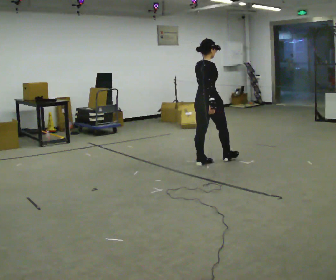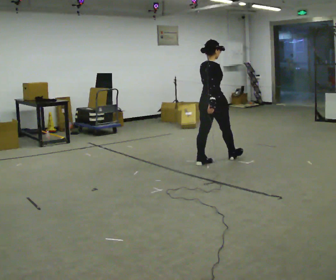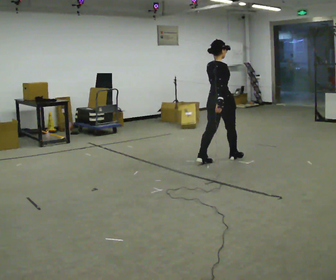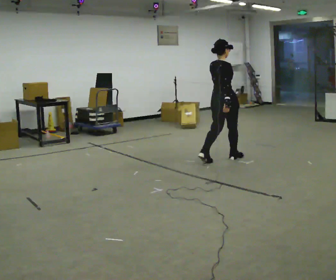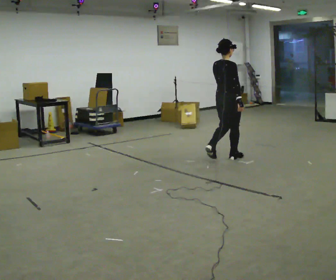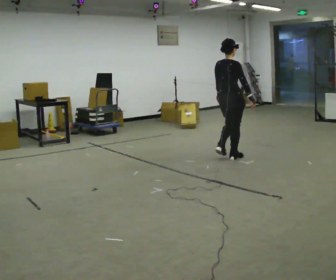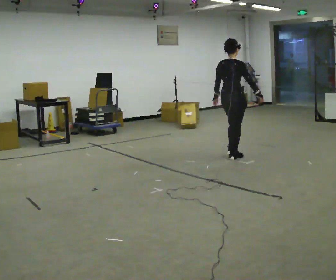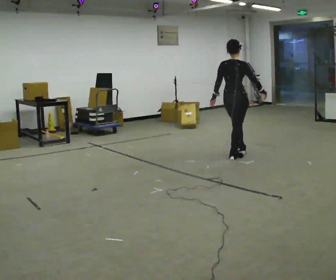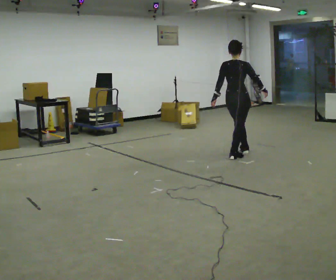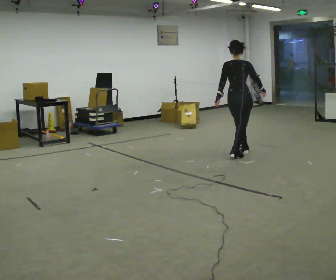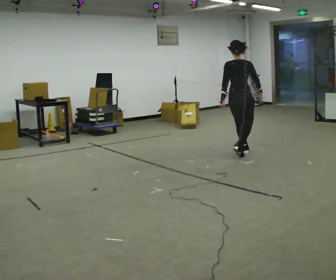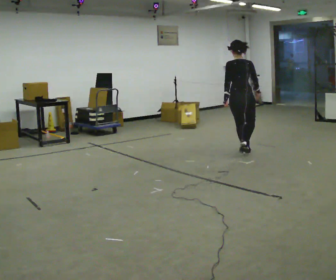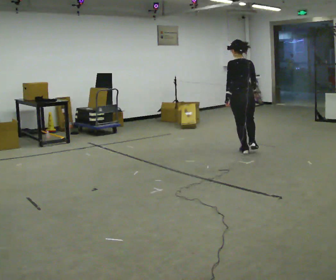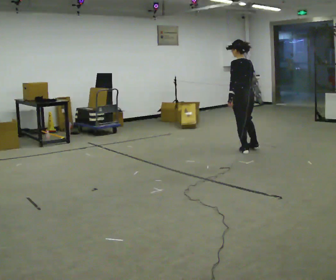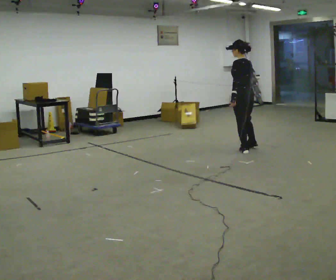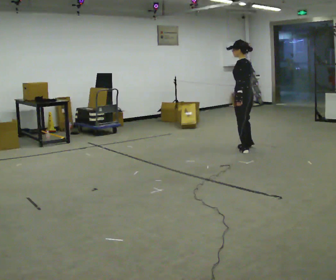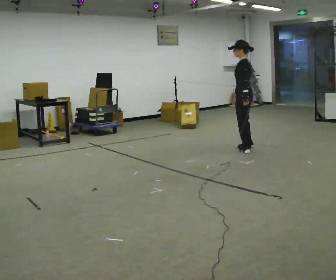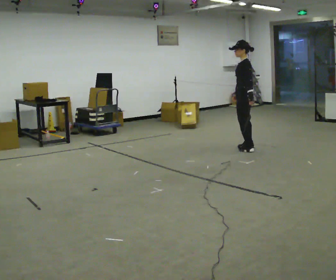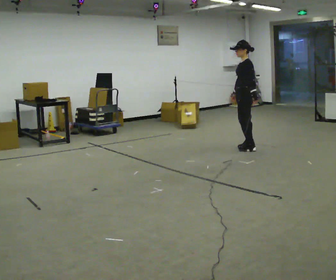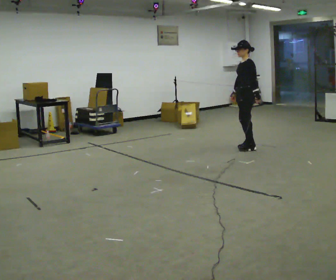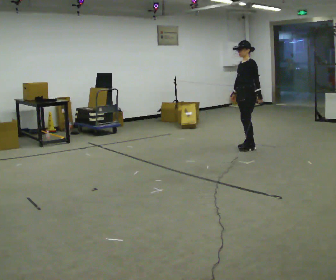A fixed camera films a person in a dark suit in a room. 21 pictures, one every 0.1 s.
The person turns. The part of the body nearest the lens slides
to the right.
The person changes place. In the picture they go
away from the camera.
0.0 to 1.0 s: The person turns about 45 degrees to their left, counterclockwise seen from above, so the part of the body nearest the lens slides to the right. In the picture they go away from the camera and to the right, about 0.75 m in 2 steps, which for them is forward.
1.0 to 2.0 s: The part of the body nearest the lens slides to the right as the person turns to their left by about 120 degrees. In the picture they go away from the camera, about 0.5 m in 2 steps.
The film runs forward here.
